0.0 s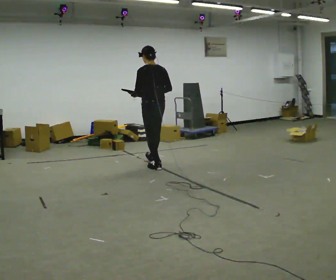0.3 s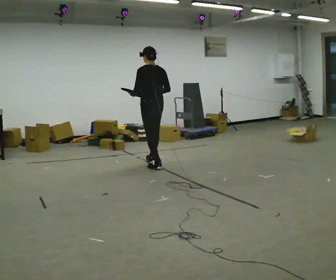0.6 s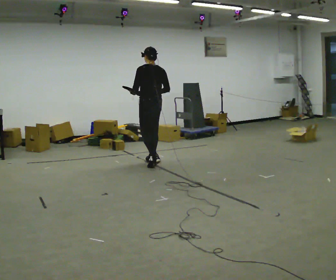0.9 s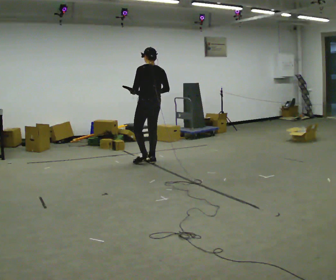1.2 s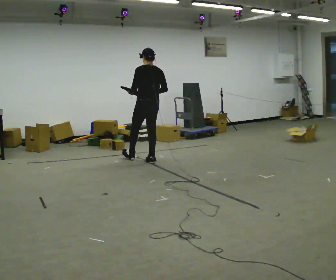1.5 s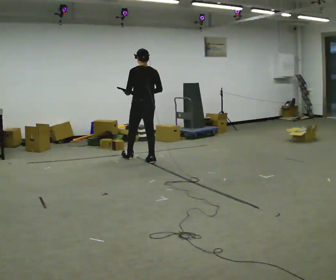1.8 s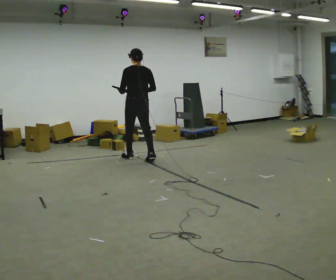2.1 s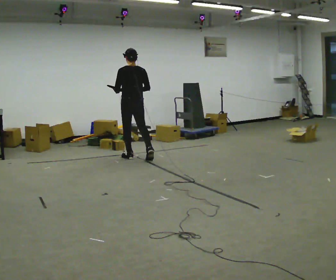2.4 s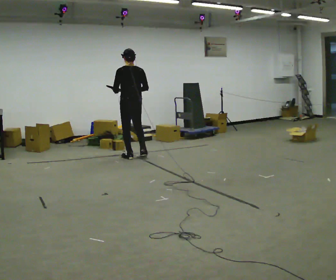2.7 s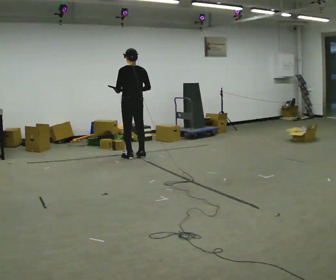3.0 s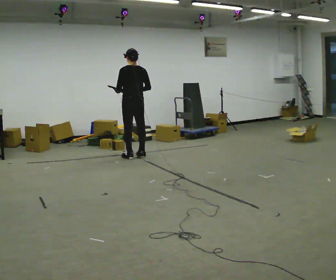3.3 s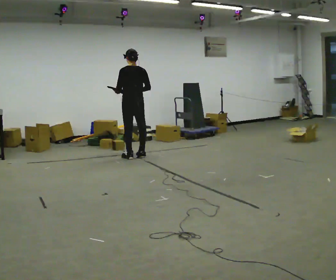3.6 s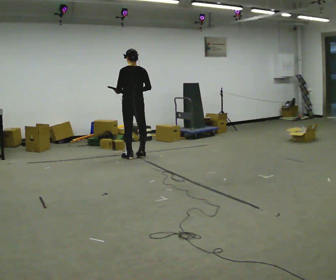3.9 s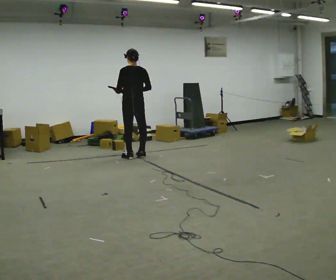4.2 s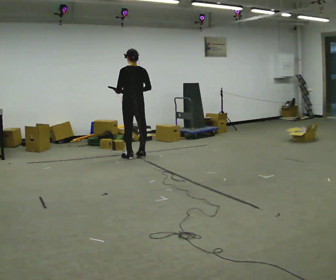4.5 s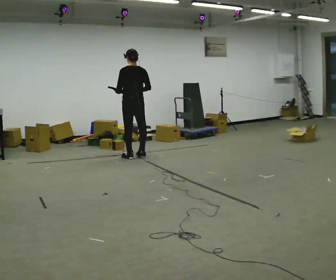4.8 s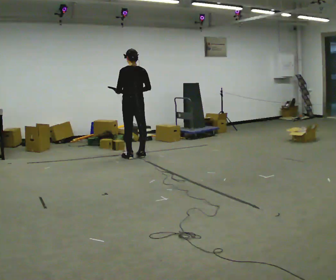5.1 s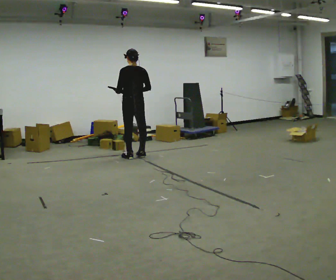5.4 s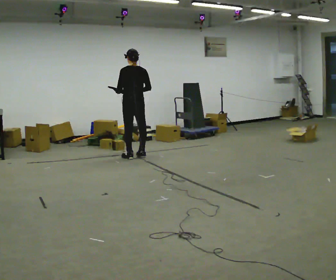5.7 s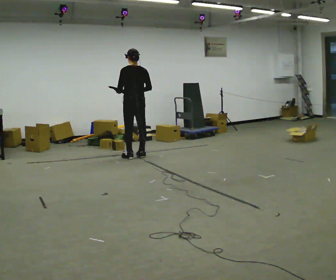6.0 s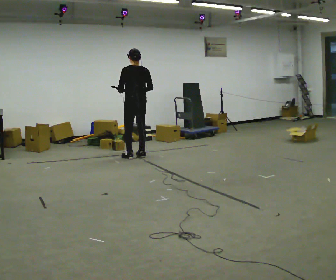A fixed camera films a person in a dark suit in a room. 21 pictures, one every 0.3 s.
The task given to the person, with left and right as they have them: Carry the object across the room. The lid hangs loose and will swing, so carry it however works. Keep going until the operator says stop; one object at a time, and do not rush between trips.
0.0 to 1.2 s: In the picture they go away from the camera, about 0.5 m in 1 step, which for them is forward.
1.2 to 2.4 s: In the picture they go to the left and away from the camera, about 0.5 m, which for them is forward and to their left.
2.4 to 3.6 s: The person moves a little, or ends about where they began.
3.6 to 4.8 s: The person keeps their place and pose.
4.8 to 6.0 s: The person moves a little, or ends about where they began.
The film runs forward here.
